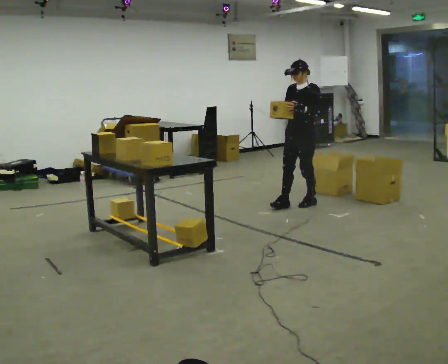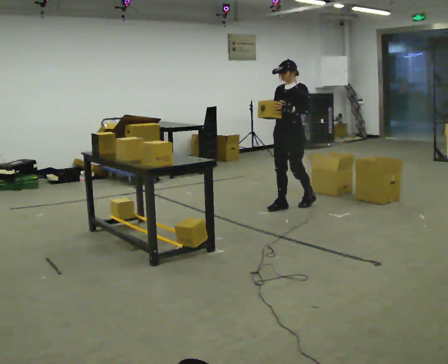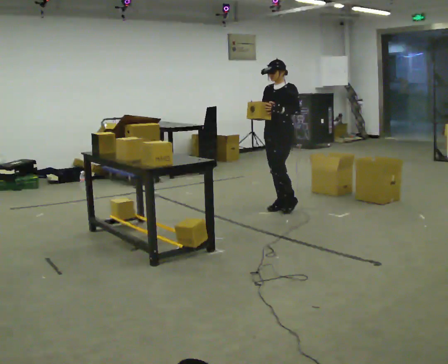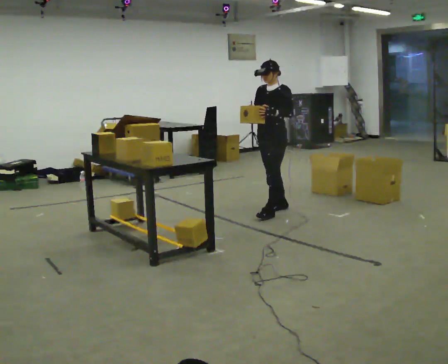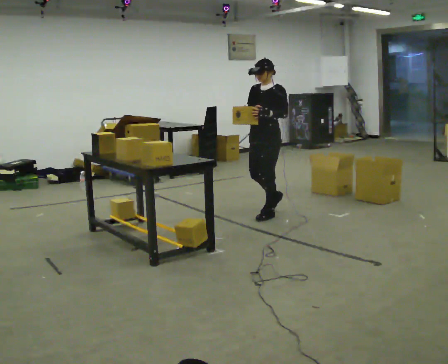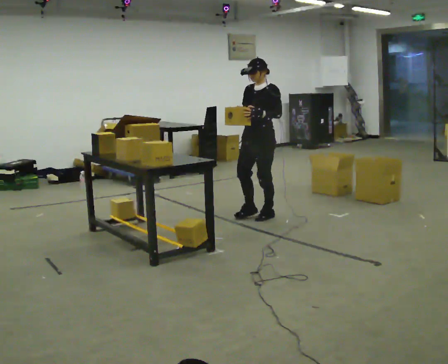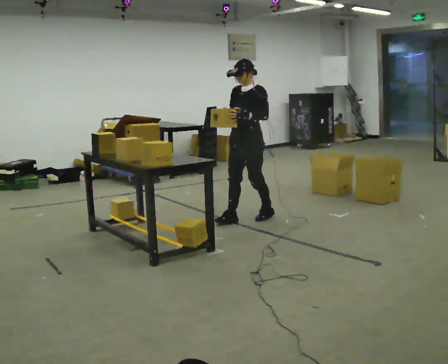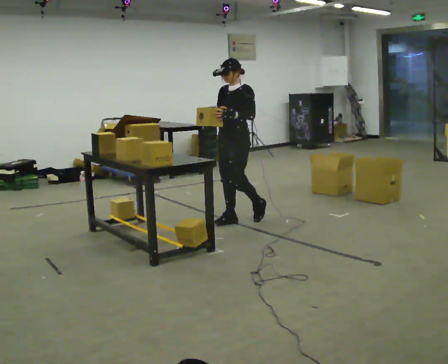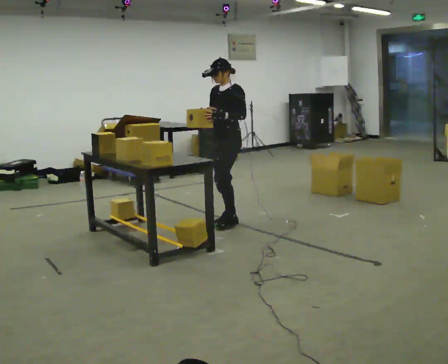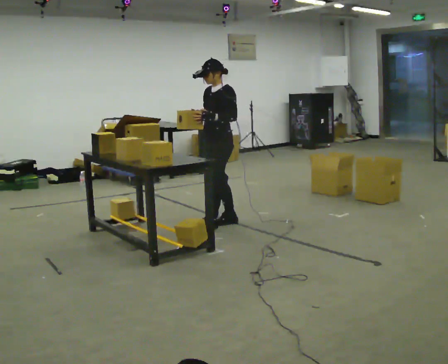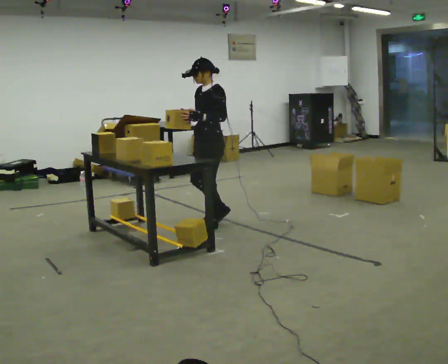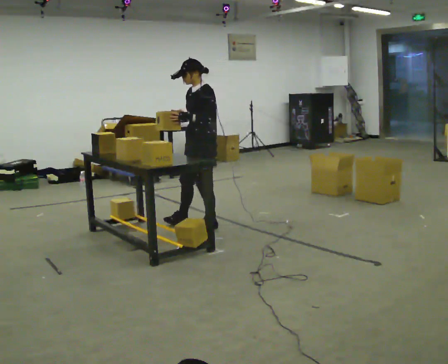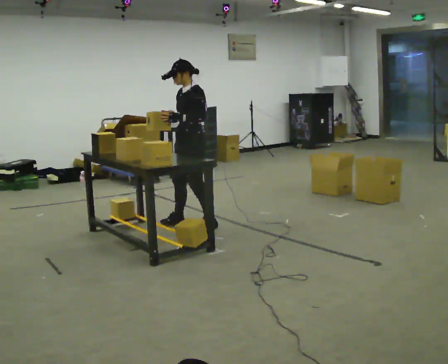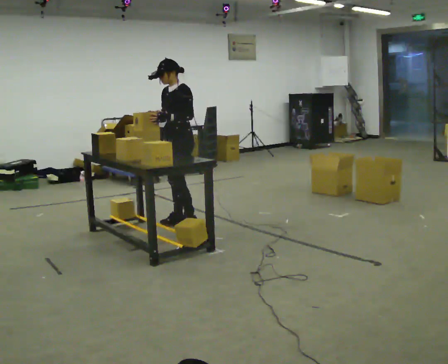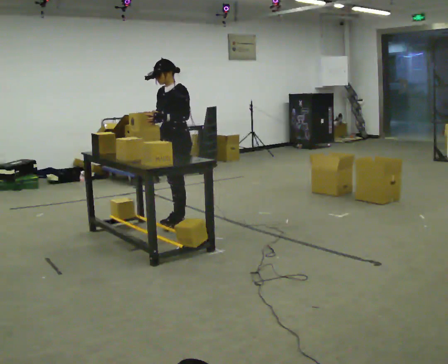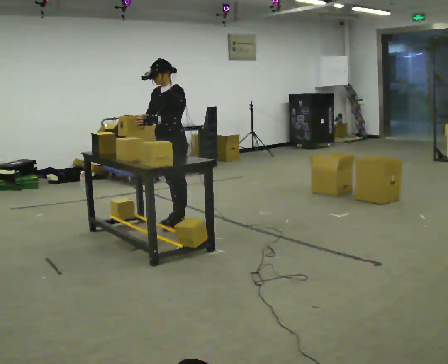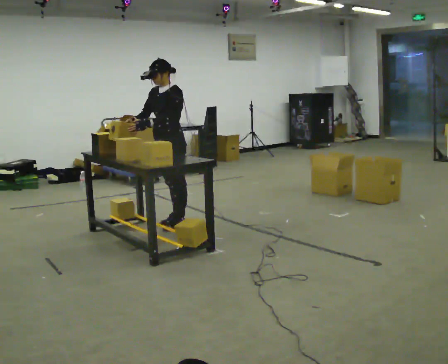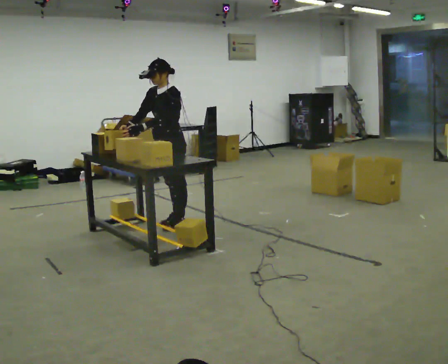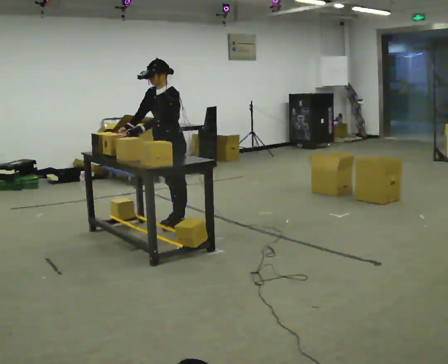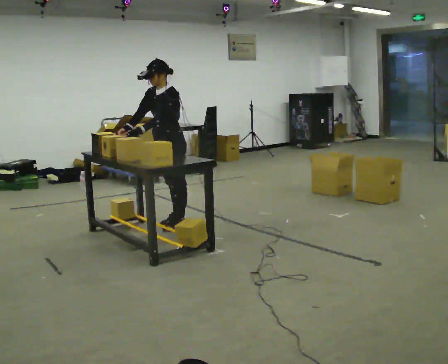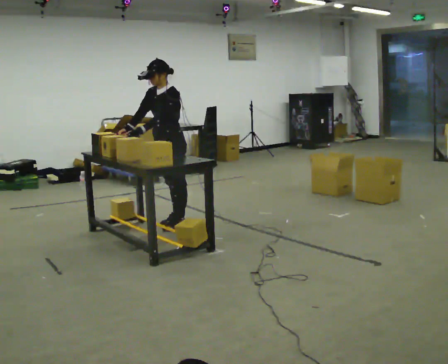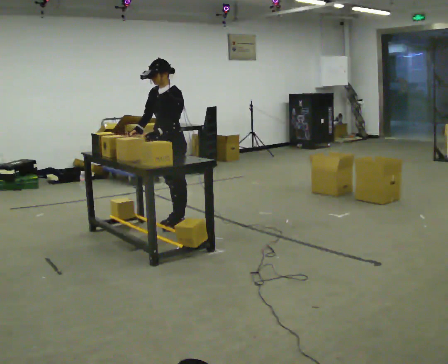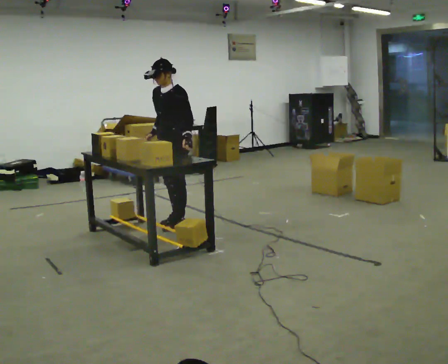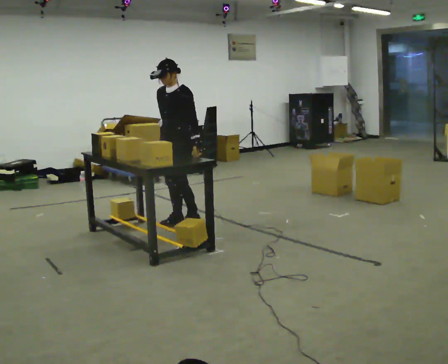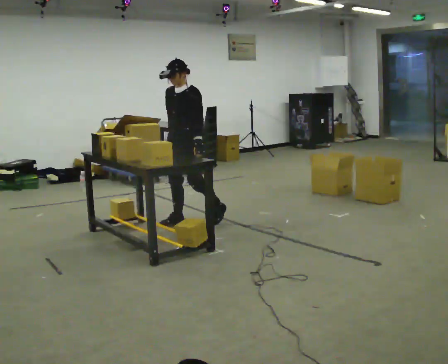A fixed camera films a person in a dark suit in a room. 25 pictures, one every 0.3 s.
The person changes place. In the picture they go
to the left.
The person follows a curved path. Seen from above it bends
clockwise.
0.0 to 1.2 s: In the picture they go to the left and toward the camera, about 0.5 m in 2 steps, which for them is forward.
1.2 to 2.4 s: In the picture they go to the left and toward the camera, about 0.5 m in 1 step, which for them is forward.
2.4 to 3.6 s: In the picture they go to the left, about 0.25 m in 2 steps, which for them is forward.
3.6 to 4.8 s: In the picture they go to the left, about 0.25 m in 1 step, which for them is forward.
4.8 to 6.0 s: The person moves a little, or ends about where they began.
6.0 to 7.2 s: In the picture their right hand goes to the right.
The film runs forward here.
